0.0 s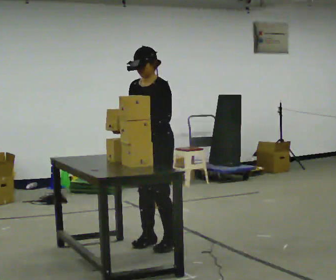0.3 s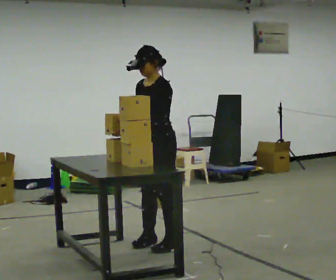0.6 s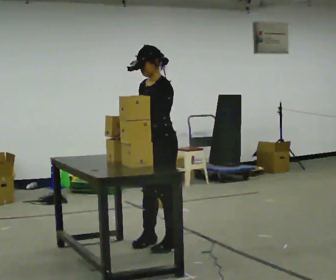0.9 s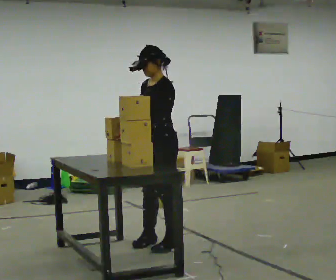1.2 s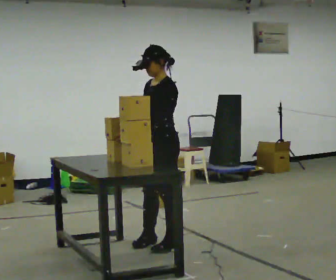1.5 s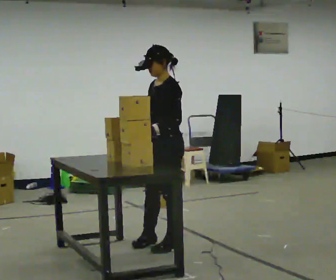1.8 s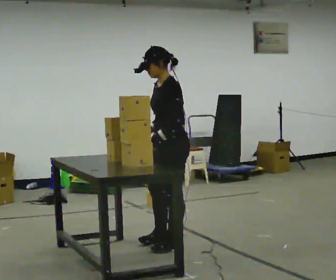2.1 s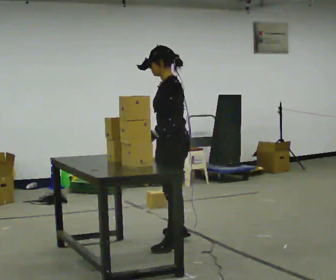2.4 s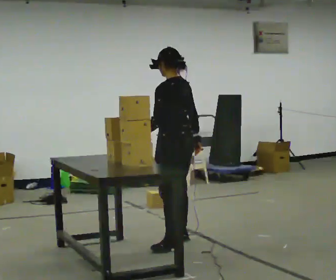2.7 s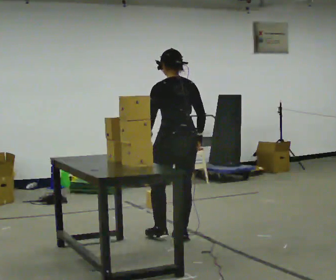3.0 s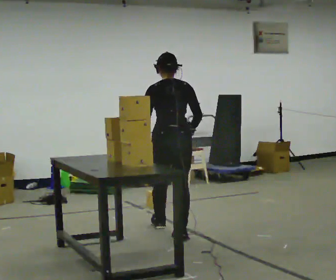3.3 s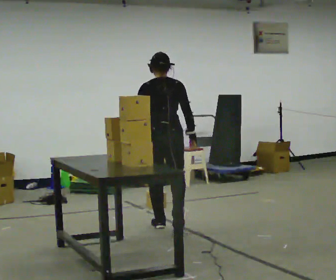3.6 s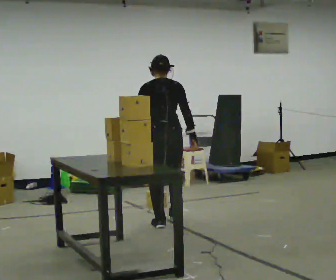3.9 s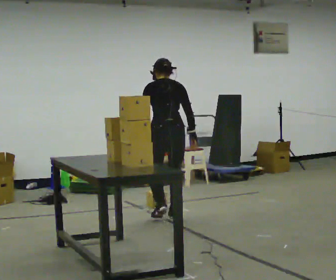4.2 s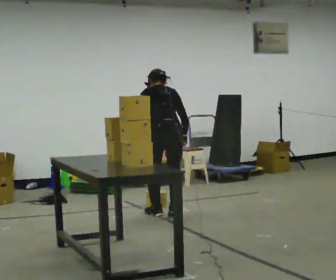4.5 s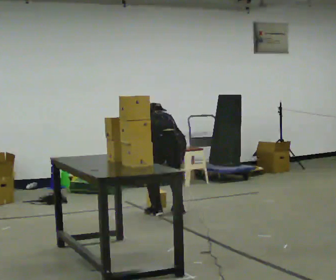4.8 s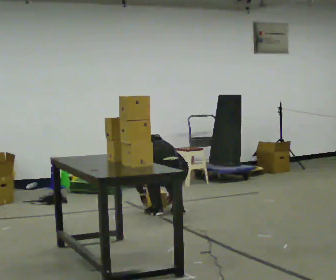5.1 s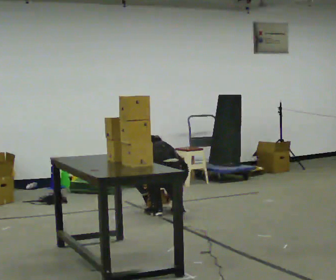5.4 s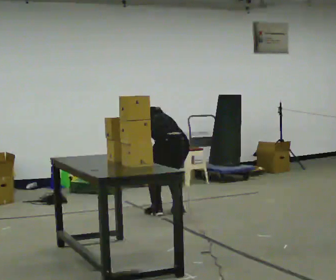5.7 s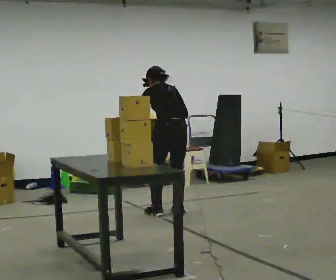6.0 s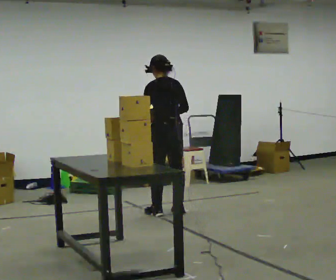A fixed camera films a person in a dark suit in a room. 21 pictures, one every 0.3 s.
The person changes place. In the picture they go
away from the camera.
The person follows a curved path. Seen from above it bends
counterclockwise.
0.0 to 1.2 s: The person moves a little, or ends about where they began.
1.2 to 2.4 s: Seen from above the body turns clockwise, about 60 degrees: to their right, with its near side sliding to the left. In the picture they go away from the camera, about 0.25 m in 1 step, which for them is to their right and backward. In the picture their right hand goes to the right, the arm swinging counterclockwise.
2.4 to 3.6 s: Seen from above the body turns clockwise, about 45 degrees: to their right, with its near side sliding to the left. In the picture they go away from the camera, about 0.75 m in 2 steps, which for them is forward.
3.6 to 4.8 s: In the picture they go away from the camera, about 0.25 m in 2 steps, which for them is forward. The shoulders move downward. The upper body tips away from the camera, its near side rolling upward, as they bend forward. In the picture their right hand goes downward.
4.8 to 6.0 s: The shoulders move upward. The upper body tips toward the camera, its near side rolling downward, as they lean back or straighten. In the picture their right hand goes upward.
The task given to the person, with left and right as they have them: Pick up the next box in the row and carry it to the table. The operator will not tell you how heavy each one is. Keep going until the operator says stop; one object at a time, and do not rush between trips.
The film runs forward here.
